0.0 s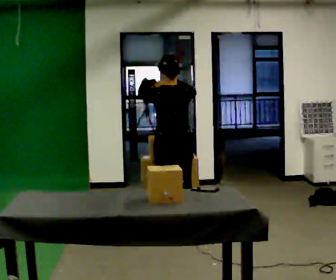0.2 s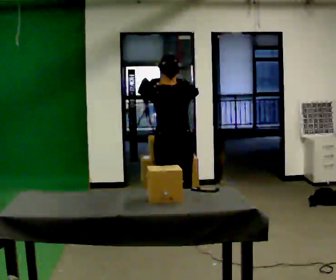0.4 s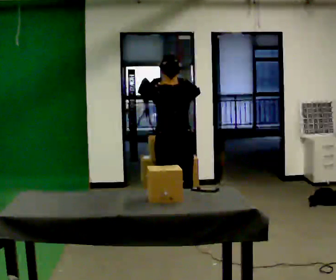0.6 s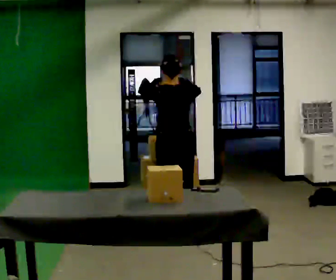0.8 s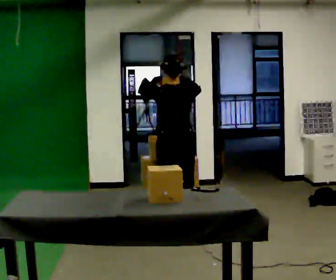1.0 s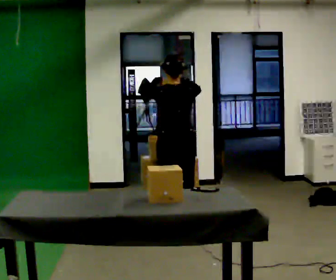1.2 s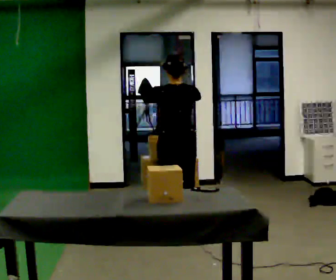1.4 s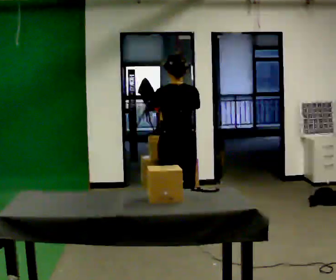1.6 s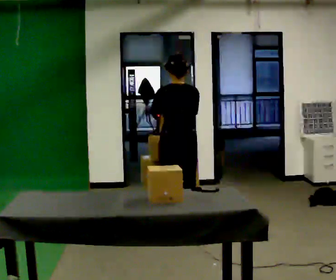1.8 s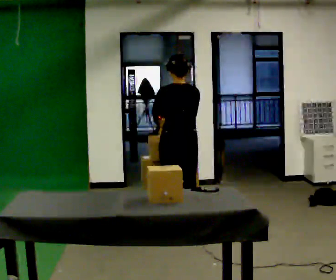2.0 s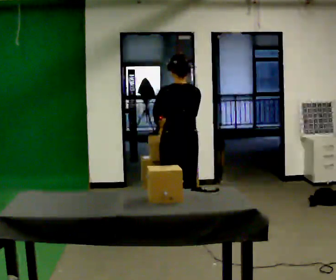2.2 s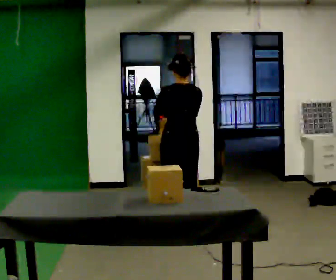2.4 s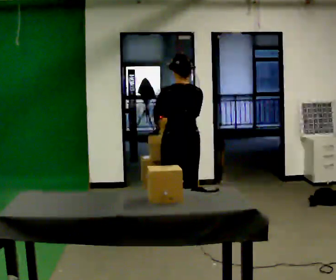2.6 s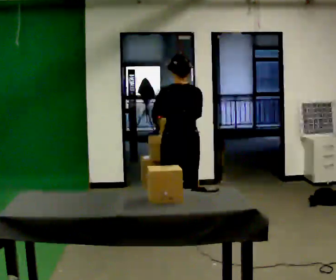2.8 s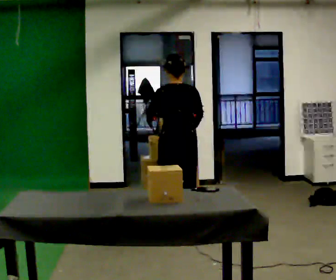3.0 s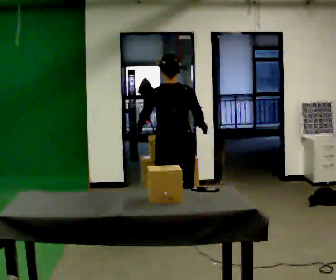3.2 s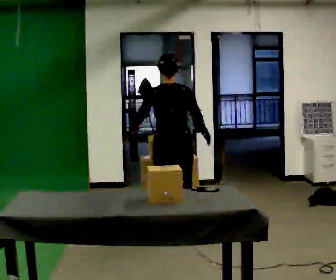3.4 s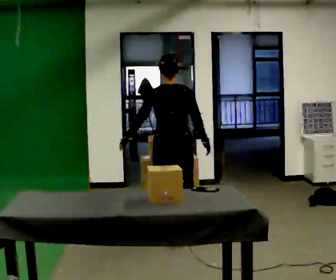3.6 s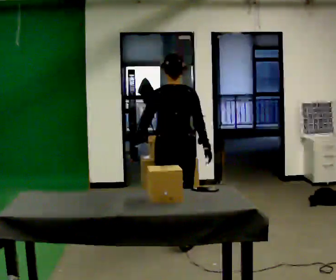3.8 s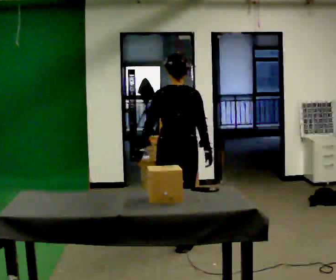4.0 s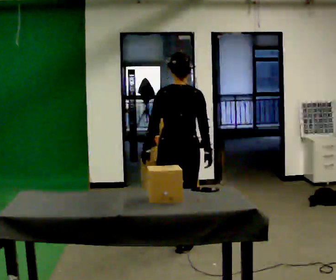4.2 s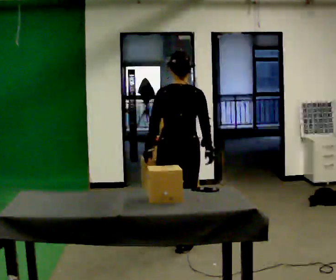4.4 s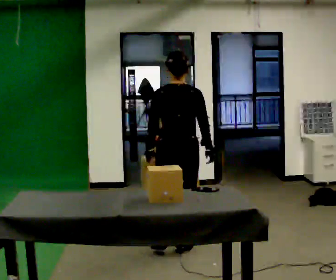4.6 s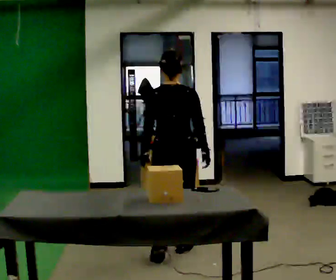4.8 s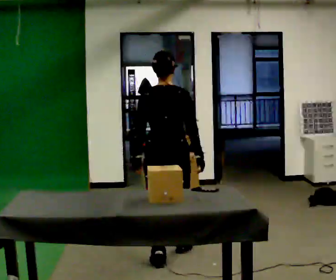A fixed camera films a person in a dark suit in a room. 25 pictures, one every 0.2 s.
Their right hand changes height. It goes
downward.
Their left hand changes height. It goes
downward.
0.0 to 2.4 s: In the picture their right hand goes downward.
2.4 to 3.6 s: In the picture they go toward the camera, about 0.25 m in 1 step, which for them is backward.
3.6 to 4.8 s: In the picture they go toward the camera, about 0.5 m in 1 step, which for them is backward.
The film runs backward here.
